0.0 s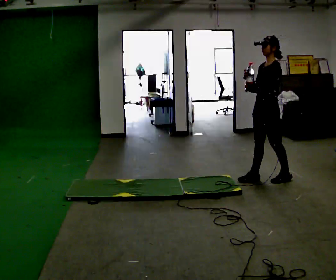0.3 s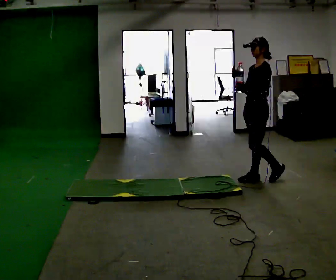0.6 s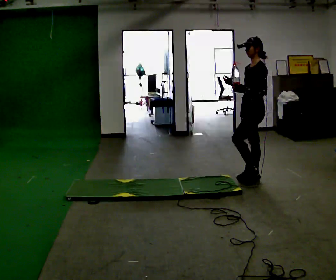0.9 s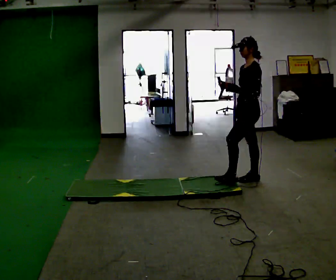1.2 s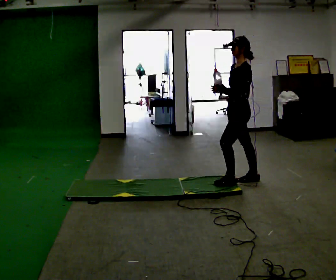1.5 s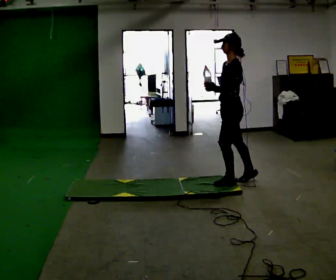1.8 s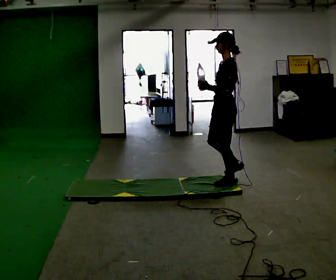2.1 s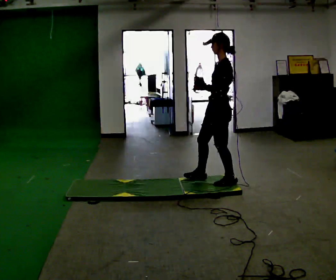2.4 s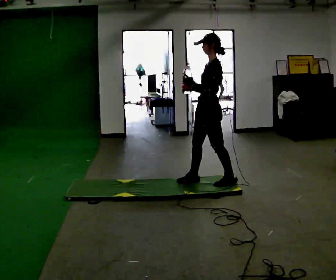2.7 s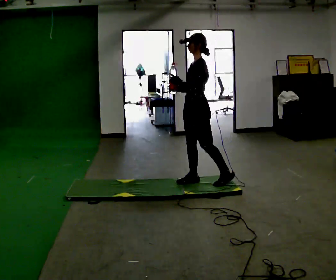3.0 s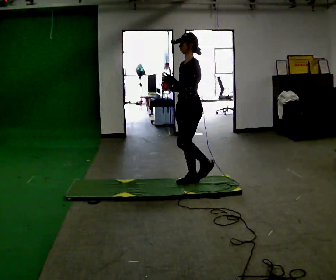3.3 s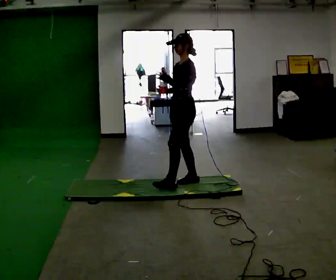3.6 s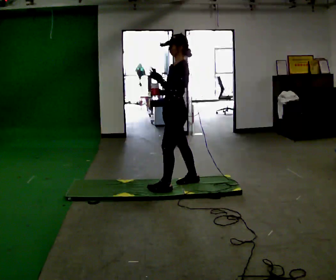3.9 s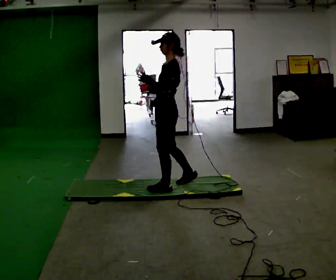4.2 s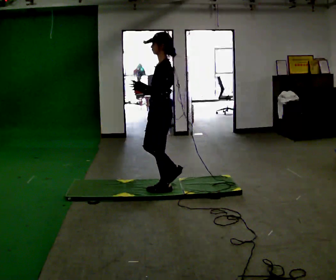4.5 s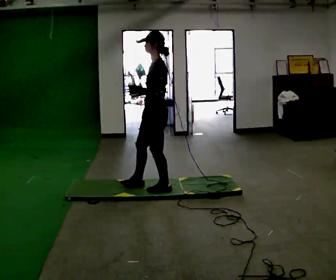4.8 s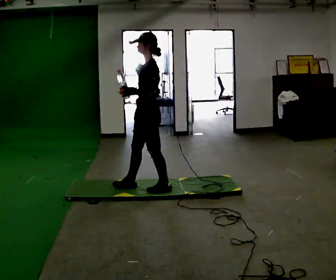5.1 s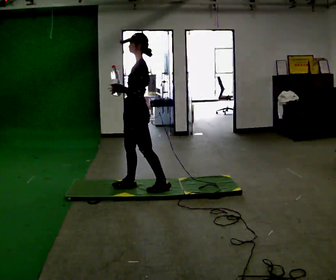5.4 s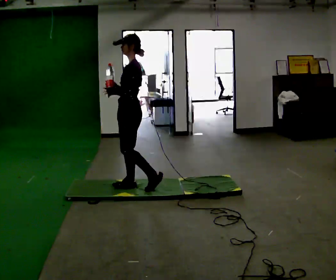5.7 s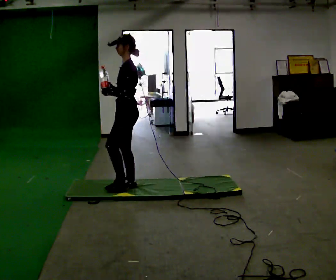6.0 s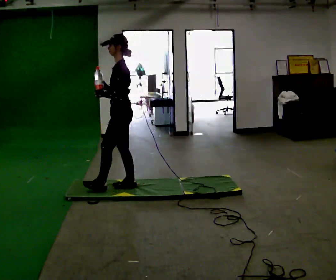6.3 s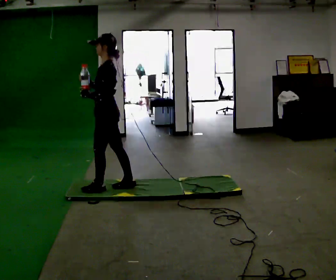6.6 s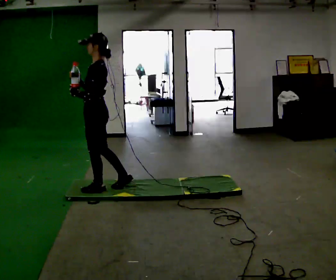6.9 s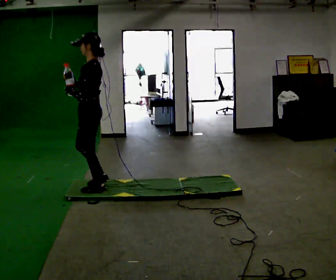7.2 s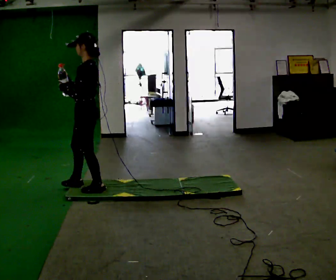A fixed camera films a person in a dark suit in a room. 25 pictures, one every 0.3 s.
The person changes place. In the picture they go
to the left.
0.0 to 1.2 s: In the picture they go to the left, about 0.25 m in 1 step, which for them is forward.
1.2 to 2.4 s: In the picture they go to the left, about 0.25 m in 1 step, which for them is forward.
2.4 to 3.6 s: In the picture they go to the left, about 0.25 m in 1 step, which for them is forward.
3.6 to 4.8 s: In the picture they go to the left, about 0.25 m in 1 step, which for them is forward and to their left.
4.8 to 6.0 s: In the picture they go to the left, about 0.25 m in 1 step, which for them is forward.
6.0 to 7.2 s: In the picture they go to the left, about 0.25 m in 1 step, which for them is forward and to their left.
The film runs forward here.
